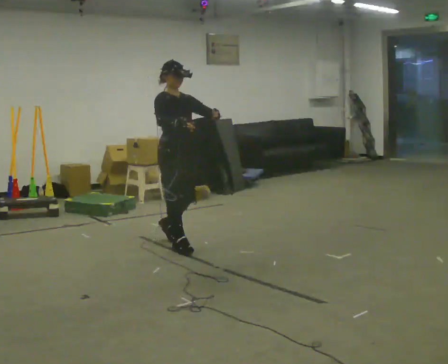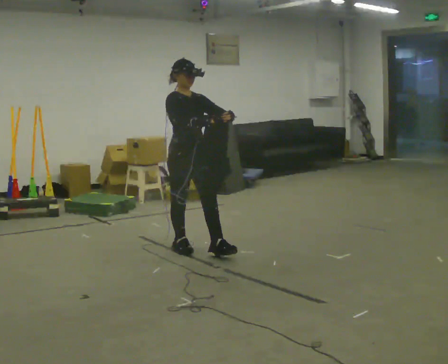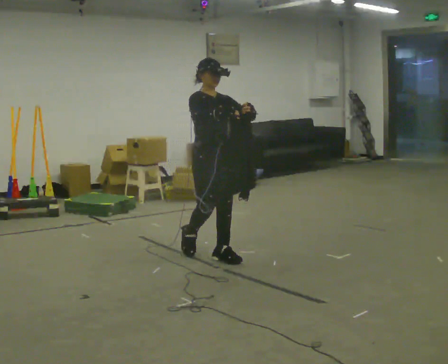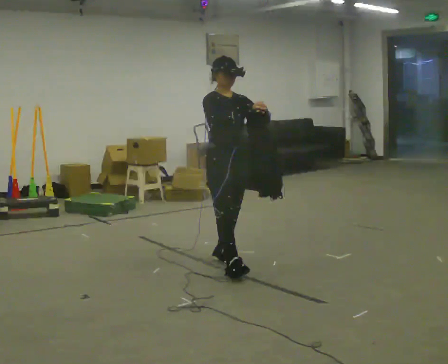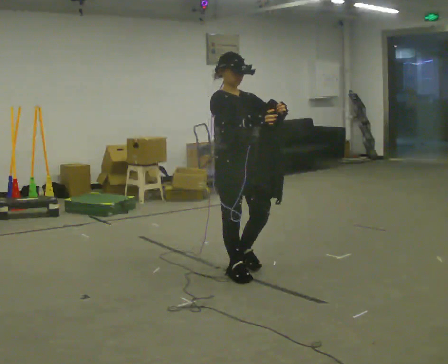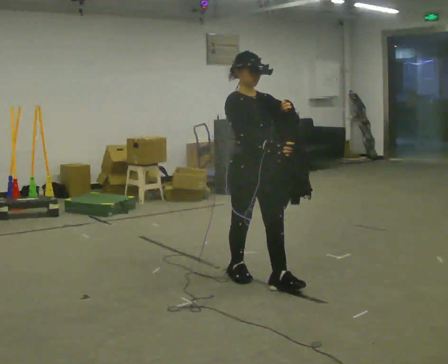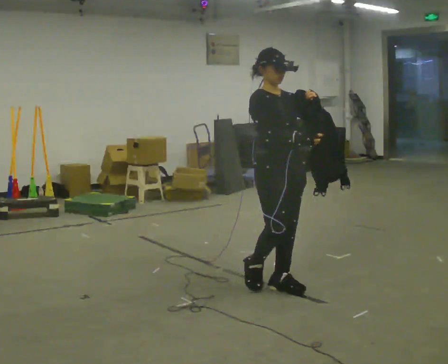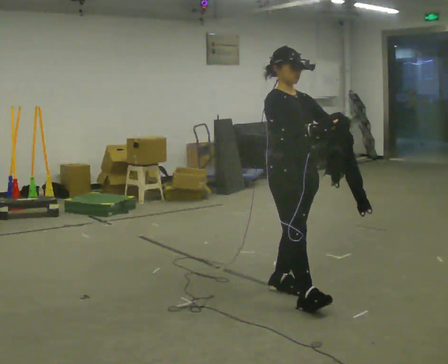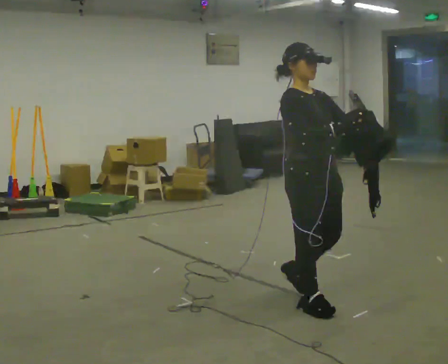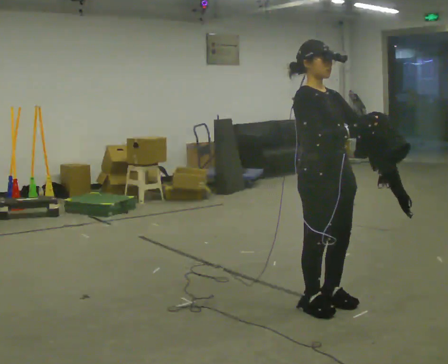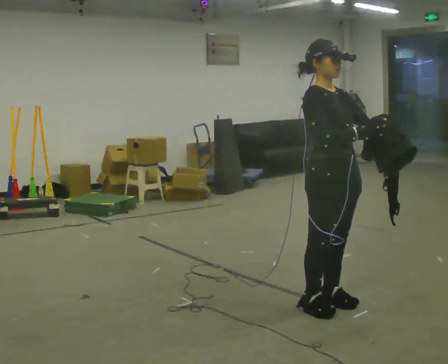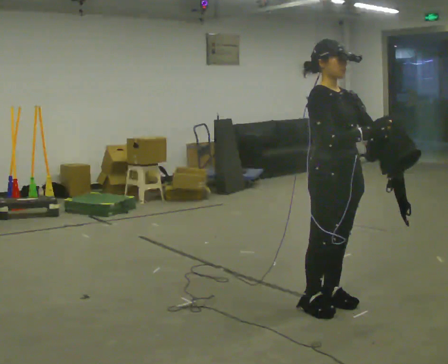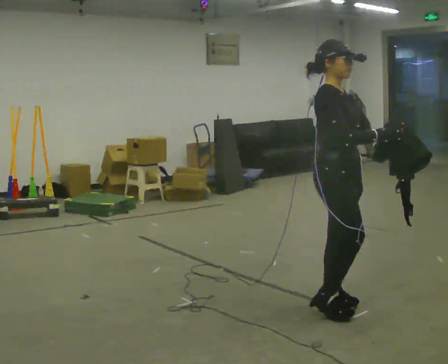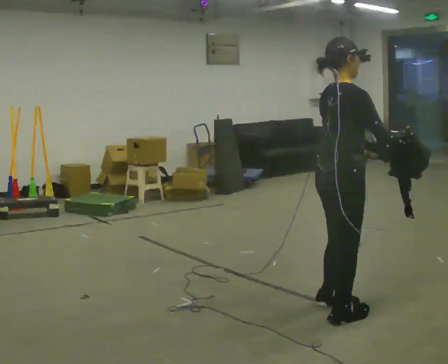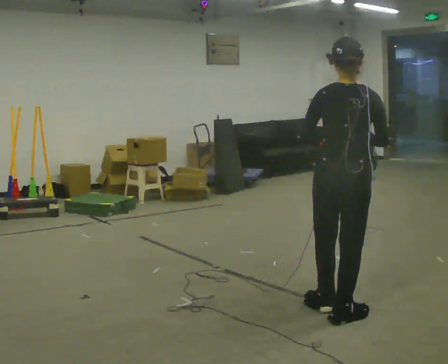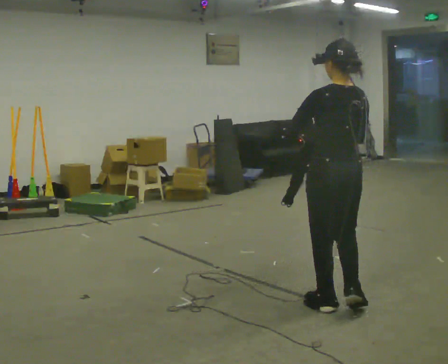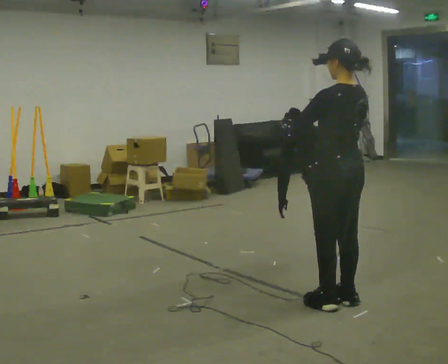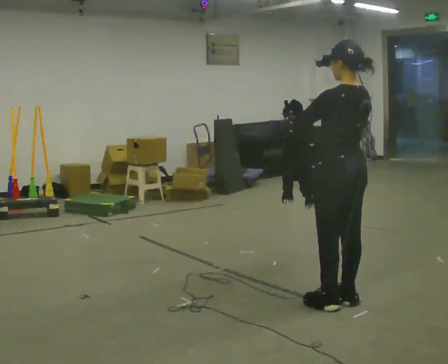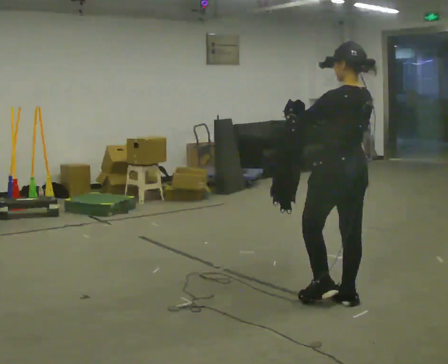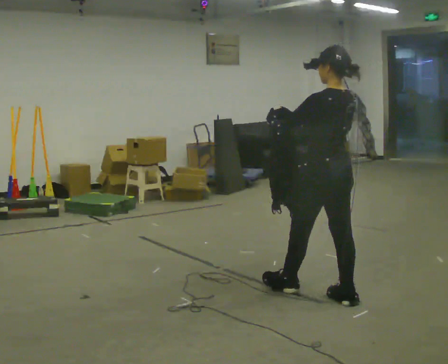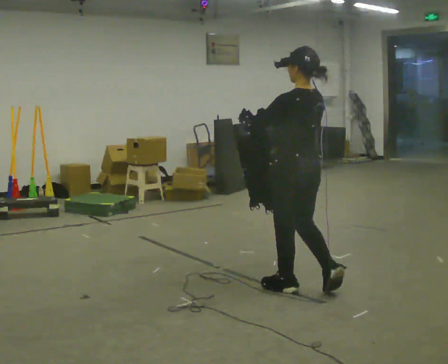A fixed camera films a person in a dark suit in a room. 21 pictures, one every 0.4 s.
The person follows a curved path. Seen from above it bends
counterclockwise.
The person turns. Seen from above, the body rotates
counterclockwise.
0.0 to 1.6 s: In the picture they go to the right and toward the camera, about 1 m in 2 steps, which for them is forward.
1.6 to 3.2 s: In the picture they go to the right and toward the camera, about 1 m in 2 steps, which for them is forward.
3.2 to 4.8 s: In the picture they go to the right, about 0.25 m in 1 step, which for them is forward.
4.8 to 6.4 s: The person turns about 150 degrees to their left, counterclockwise seen from above, so the part of the body nearest the lens slides to the right. In the picture their right hand goes to the left.
6.4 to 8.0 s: In the picture they go to the left and away from the camera, about 0.25 m in 1 step, which for them is forward.
The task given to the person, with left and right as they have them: Carry the cloth and, while walking, fold it in half, then unfold it. Keep repeating as you walk. Do not stop.
The film runs forward here.
